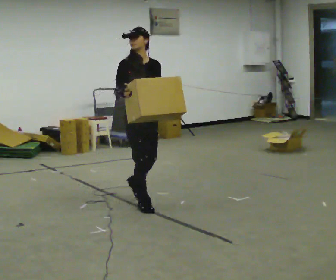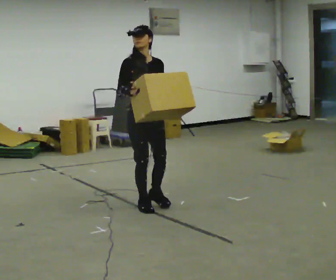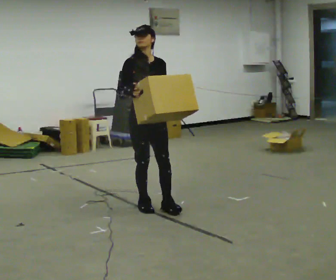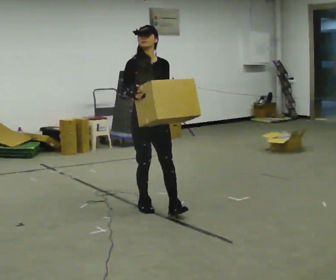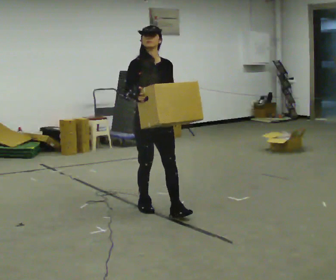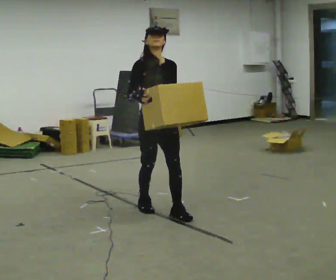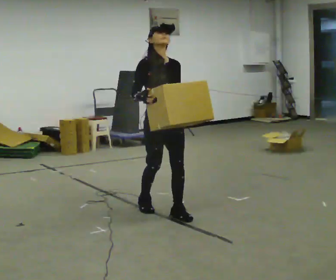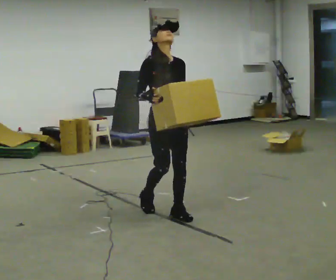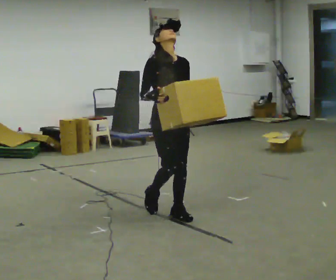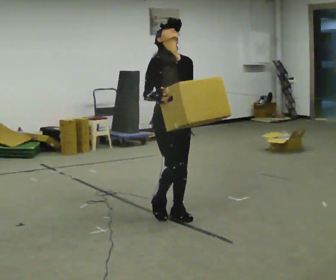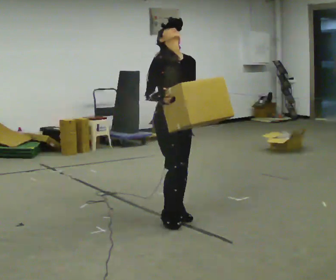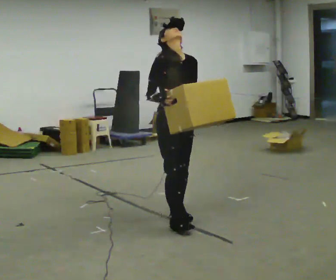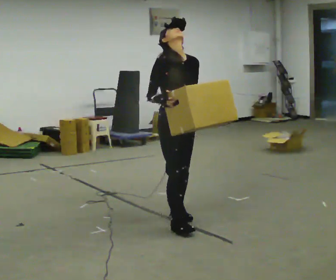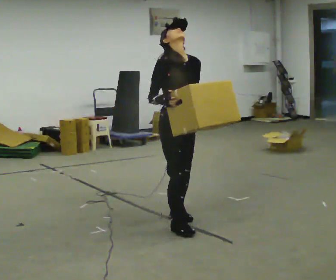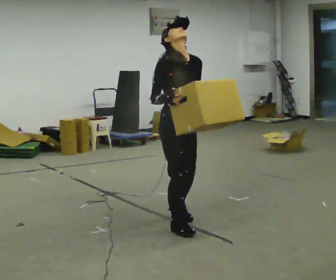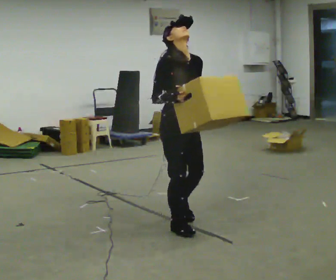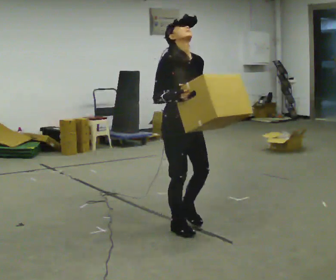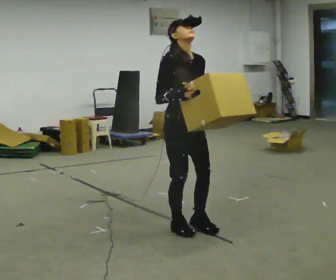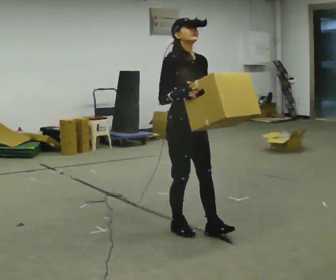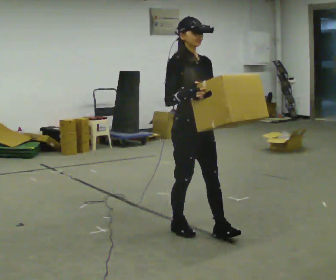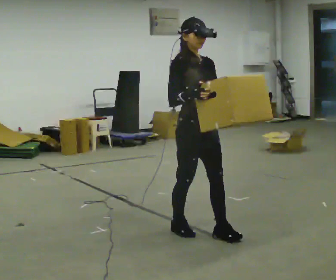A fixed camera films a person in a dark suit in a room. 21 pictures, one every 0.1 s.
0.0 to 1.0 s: In the picture they go toward the camera and to the right, about 0.5 m in 1 step, which for them is forward.
1.0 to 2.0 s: In the picture they go toward the camera and to the right, about 0.5 m in 2 steps, which for them is forward.
The film runs forward here.
